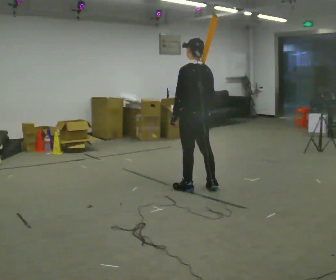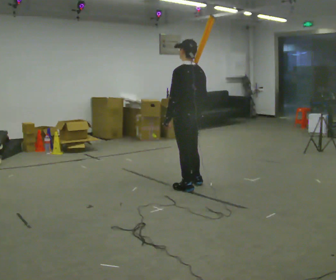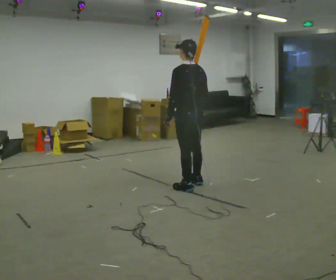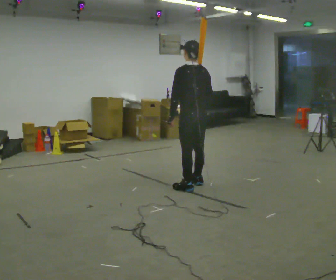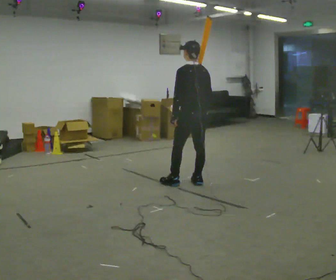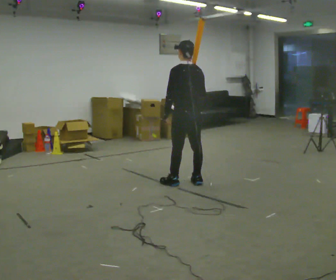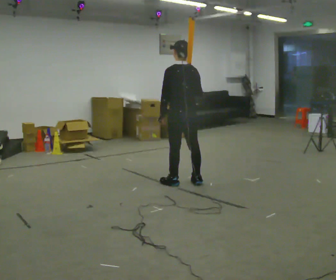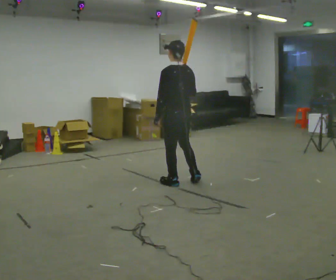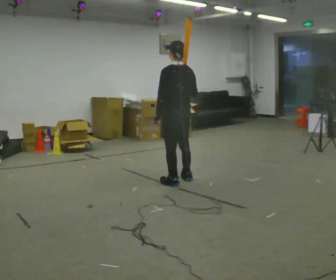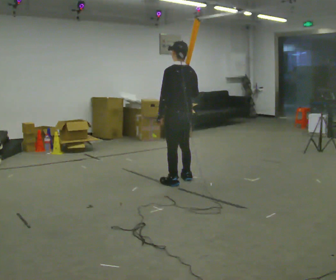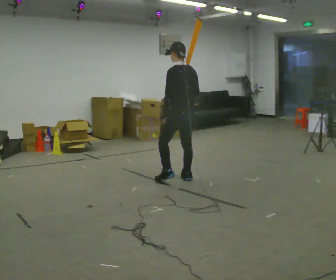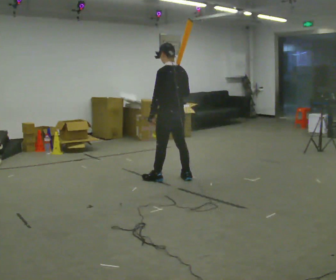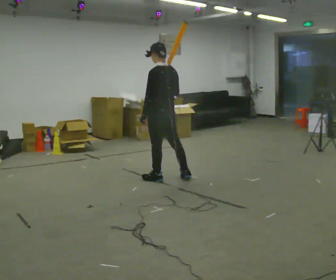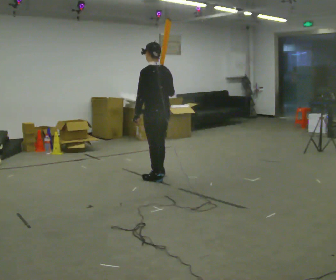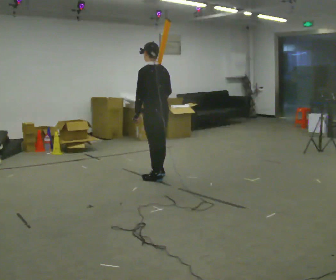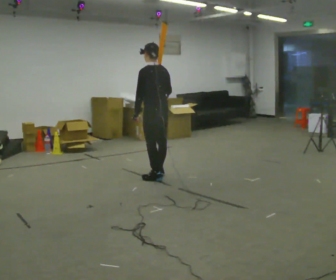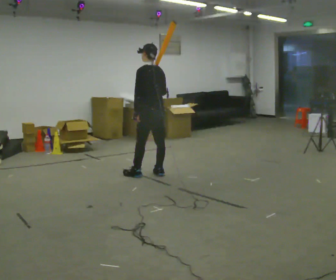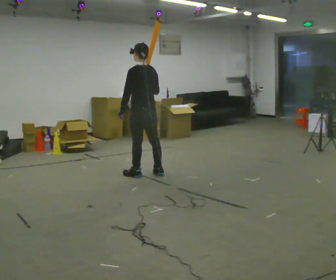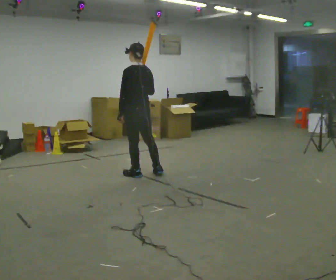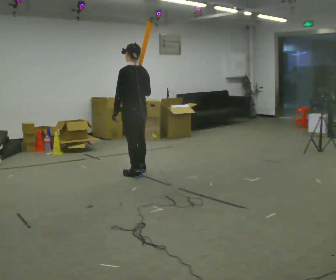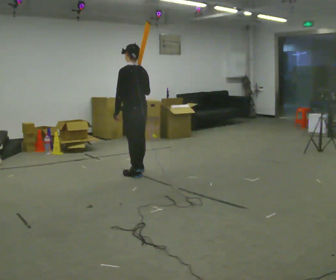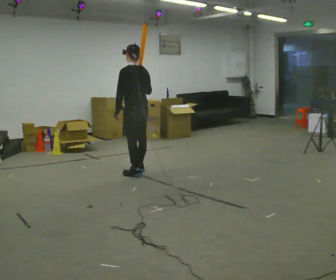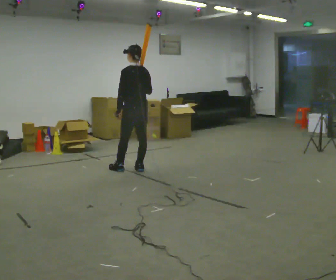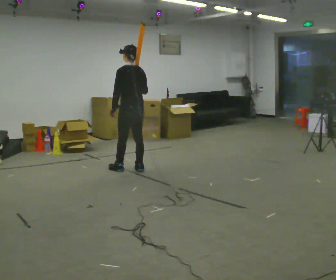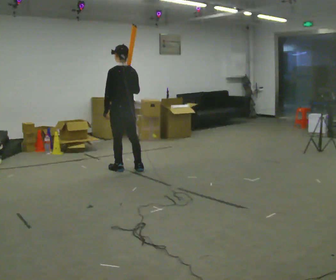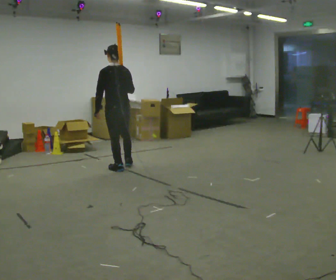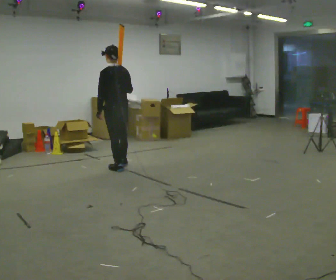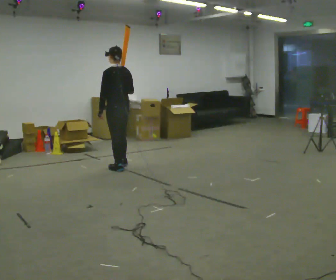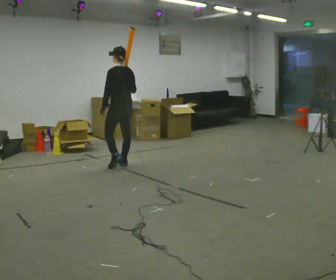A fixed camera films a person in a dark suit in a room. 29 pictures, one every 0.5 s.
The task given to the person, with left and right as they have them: Rest the long object on the shoulder the operator calls and carry it across the room, back and forth.
0.0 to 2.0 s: In the picture they go away from the camera, about 0.25 m in 1 step, which for them is forward and to their right.
2.0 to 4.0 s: In the picture they go to the left, about 0.25 m in 2 steps, which for them is to their left.
4.0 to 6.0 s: In the picture they go to the left and away from the camera, about 0.25 m in 1 step, which for them is forward.
6.0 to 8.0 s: In the picture they go away from the camera, about 0.25 m in 2 steps, which for them is forward.
8.0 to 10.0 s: In the picture they go to the left, about 0.25 m in 1 step, which for them is forward and to their left.
10.0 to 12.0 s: In the picture they go away from the camera and to the left, about 0.25 m in 1 step, which for them is forward.
12.0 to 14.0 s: In the picture they go away from the camera, about 0.25 m in 1 step, which for them is forward and to their right.
The film runs forward here.
